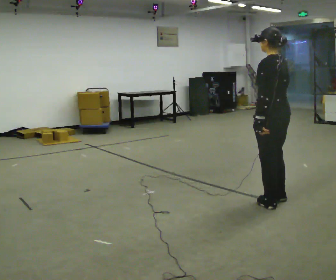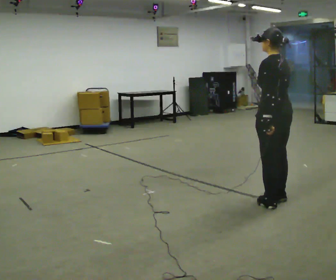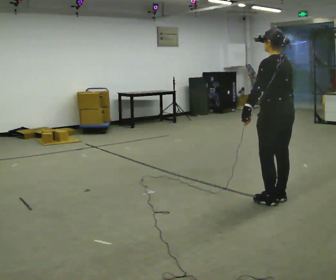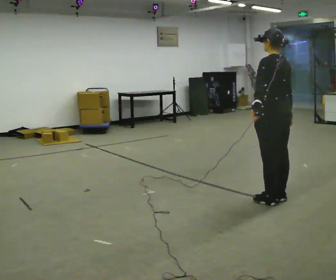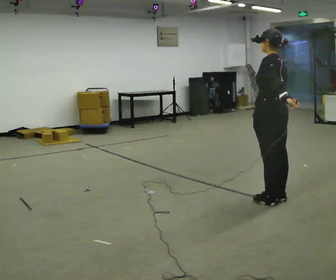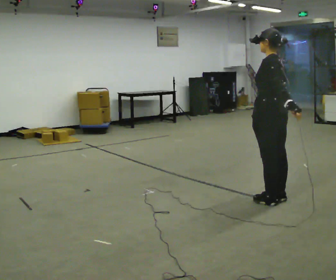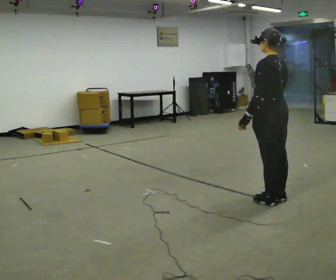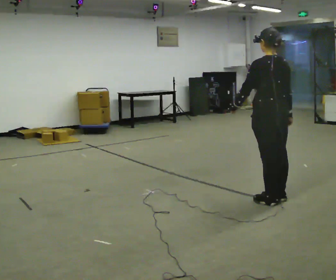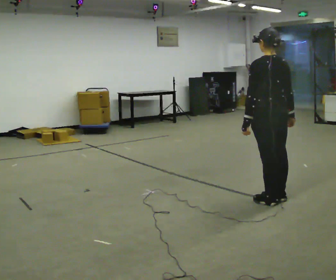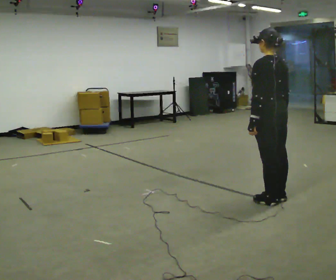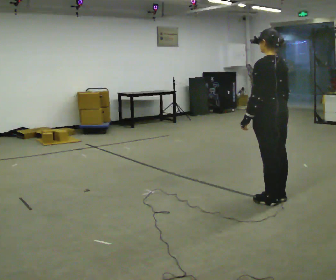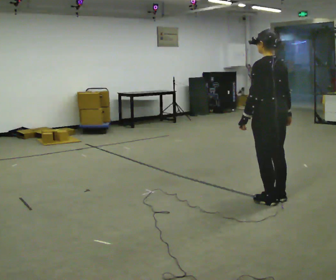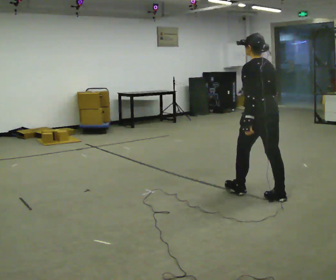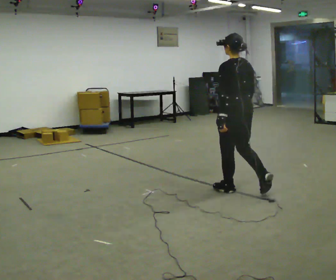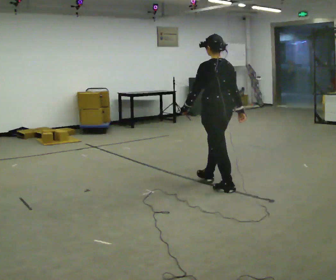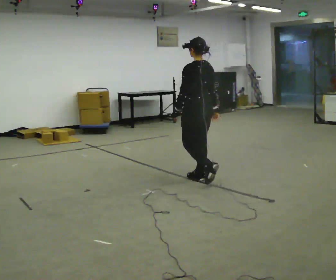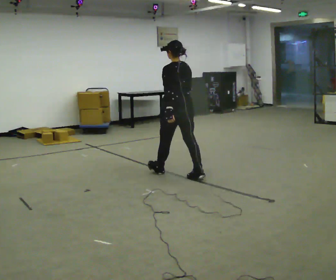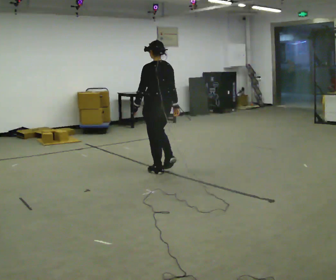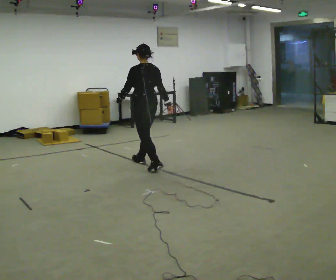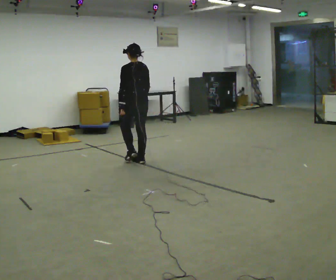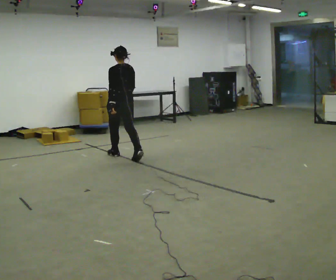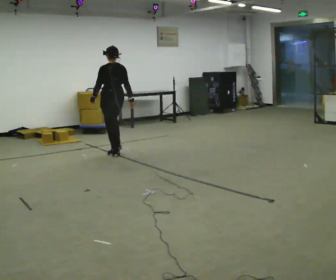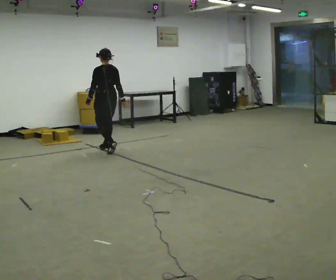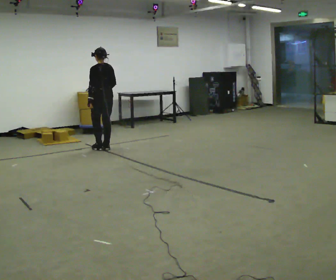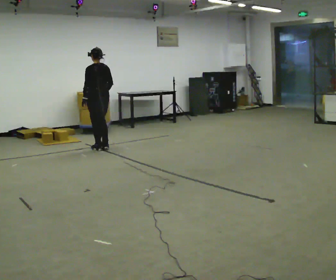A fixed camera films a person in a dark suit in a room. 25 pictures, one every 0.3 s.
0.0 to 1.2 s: The person moves a little, or ends about where they began.
1.2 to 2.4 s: In the picture their left hand goes to the left.
2.4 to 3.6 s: The person moves a little, or ends about where they began.
3.6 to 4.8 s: In the picture they go to the left and away from the camera, about 1 m in 2 steps, which for them is forward.
4.8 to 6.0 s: In the picture they go to the left and away from the camera, about 1 m in 3 steps, which for them is forward.
6.0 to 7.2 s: In the picture they go to the left and away from the camera, about 0.5 m in 2 steps, which for them is forward.
The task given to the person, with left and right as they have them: Walk normally; at marked point stop as quickly as comfortably possible; remain still.
The film runs forward here.
